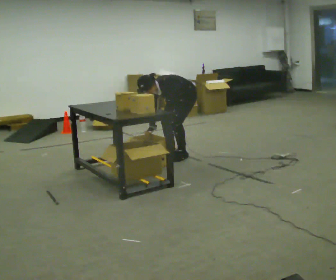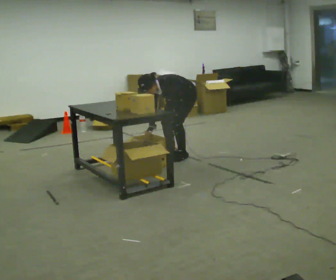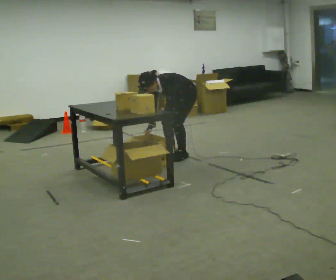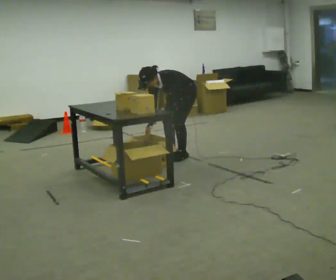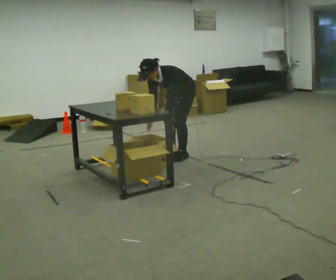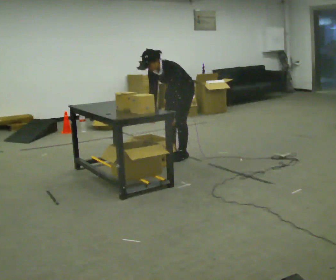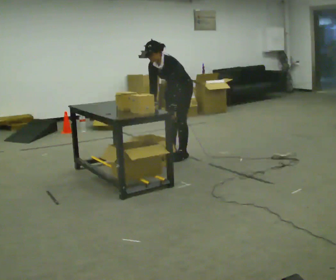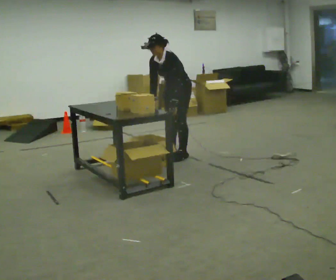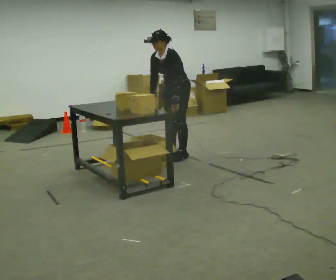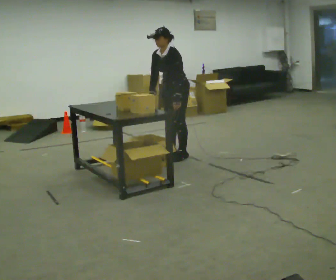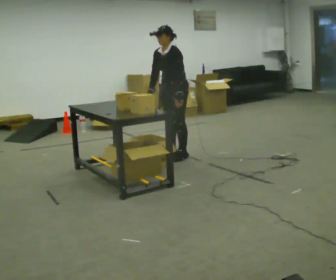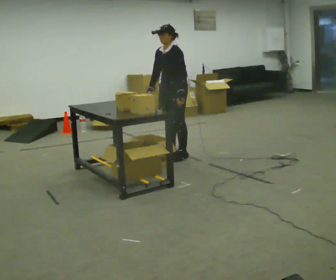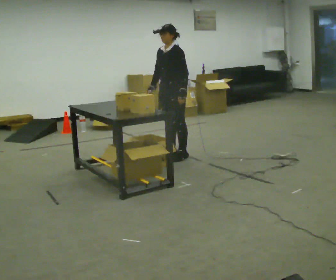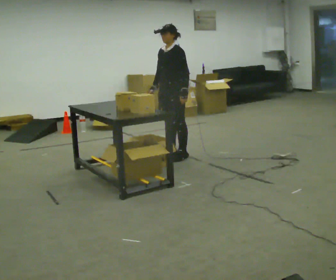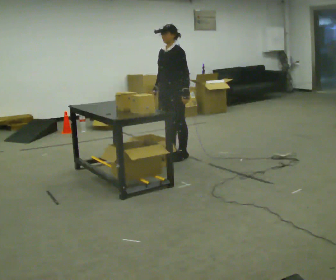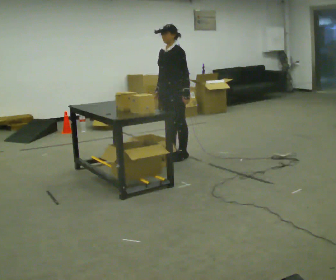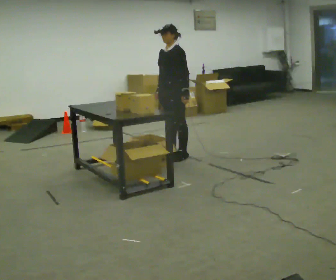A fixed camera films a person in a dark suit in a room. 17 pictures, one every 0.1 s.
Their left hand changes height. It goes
upward.
Their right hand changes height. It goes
upward.
0.0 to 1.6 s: The shoulders move upward. In the picture the upper body tilts clockwise, shoulders to the right, as they lean back or straighten. In the picture their left hand goes upward.
The film runs forward here.
